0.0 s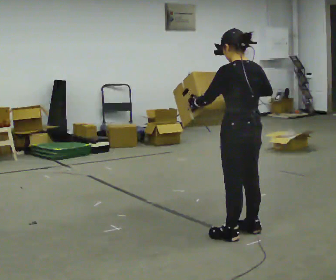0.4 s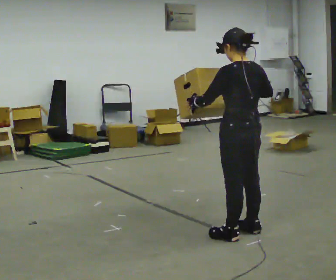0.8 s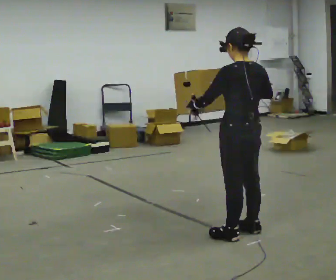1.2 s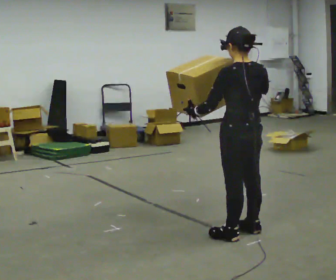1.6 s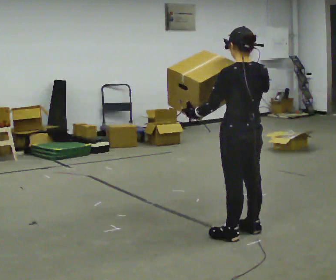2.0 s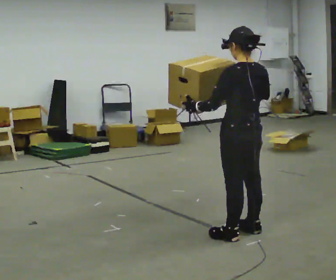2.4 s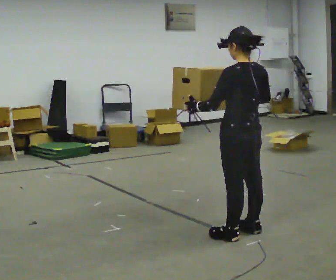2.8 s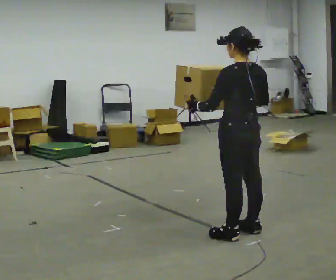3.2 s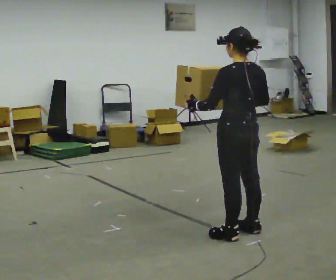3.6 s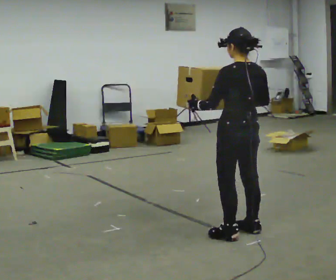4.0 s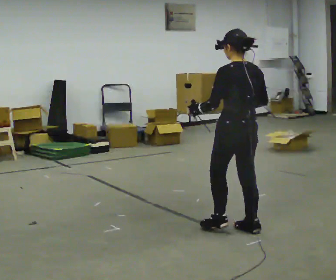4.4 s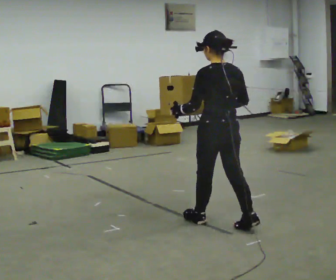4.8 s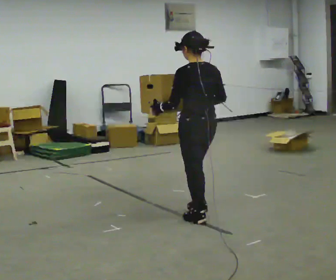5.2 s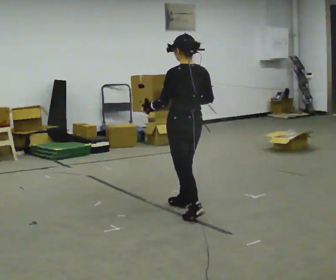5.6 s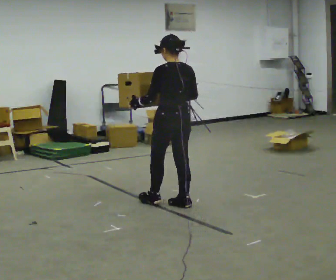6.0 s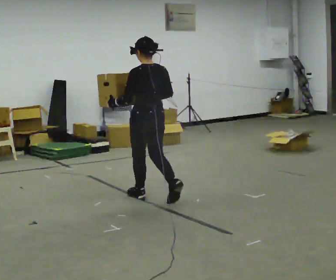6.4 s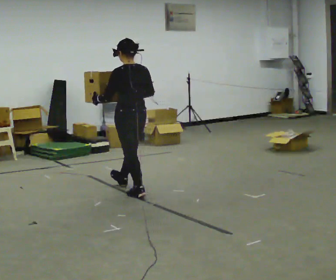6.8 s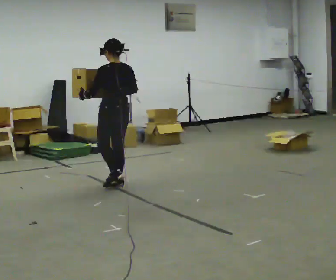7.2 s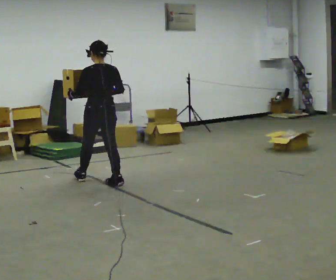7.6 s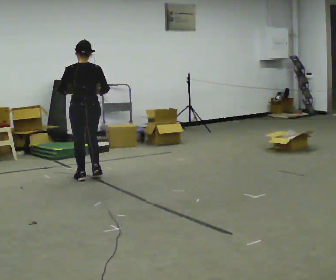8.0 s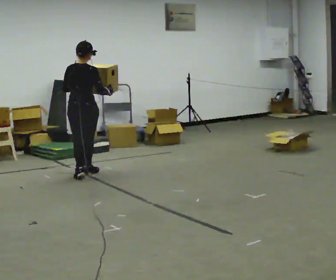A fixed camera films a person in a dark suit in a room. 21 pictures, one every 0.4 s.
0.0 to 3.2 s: The person moves a little, or ends about where they began.
3.2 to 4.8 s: In the picture they go away from the camera and to the left, about 0.5 m in 1 step, which for them is forward.
4.8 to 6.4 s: In the picture they go away from the camera and to the left, about 1 m in 2 steps, which for them is forward.
6.4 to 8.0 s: The person turns about 45 degrees to their right, clockwise seen from above, so the part of the body nearest the lens slides to the left. In the picture they go to the left and away from the camera, about 1 m in 3 steps, which for them is forward.
The film runs forward here.
